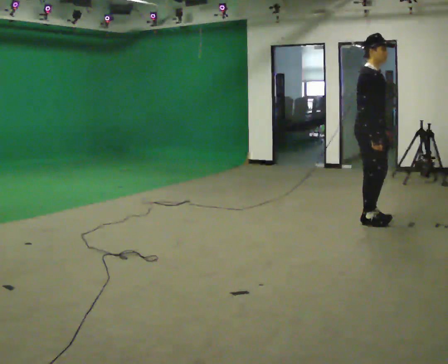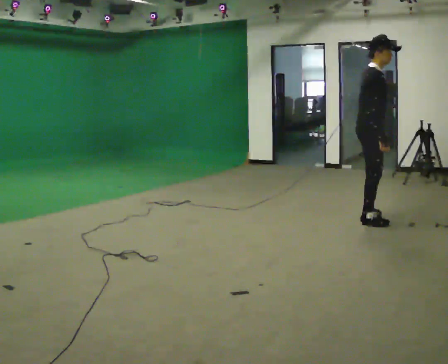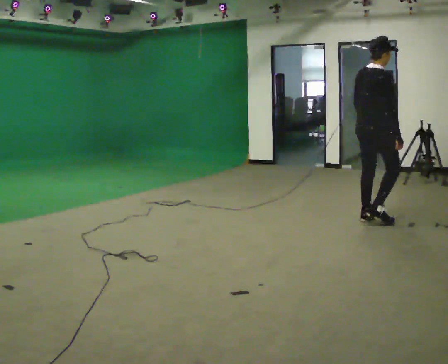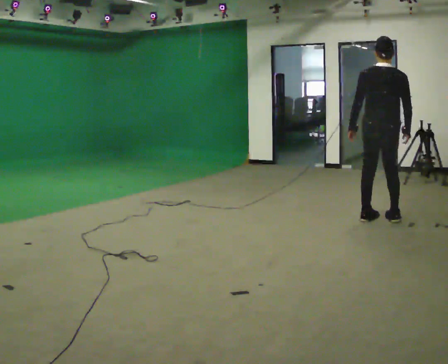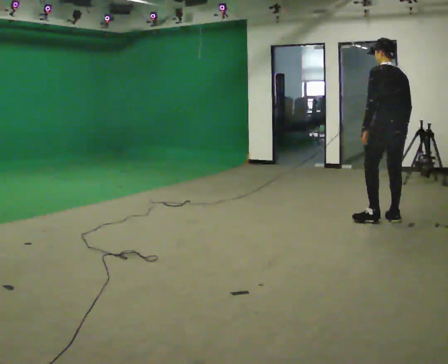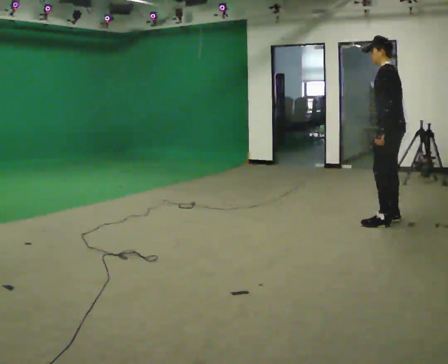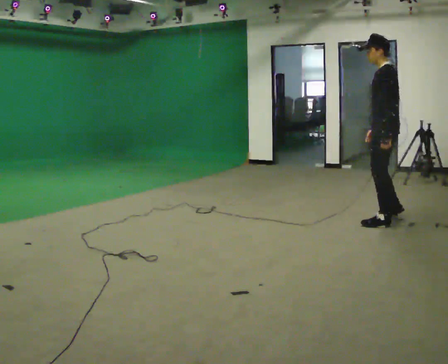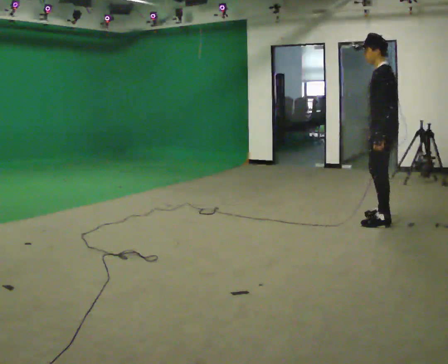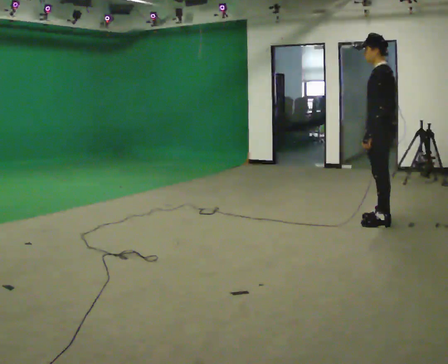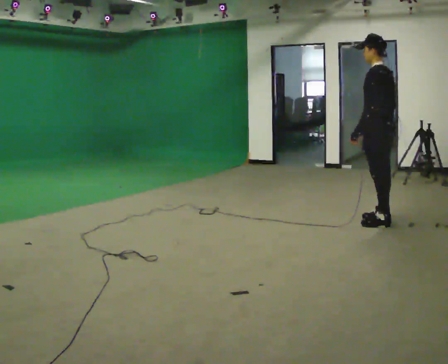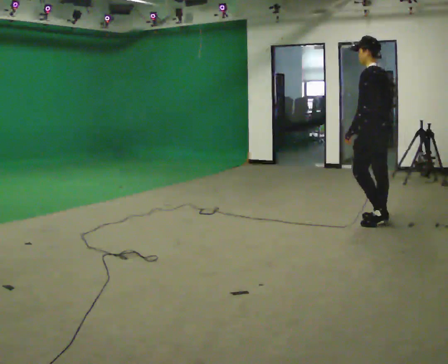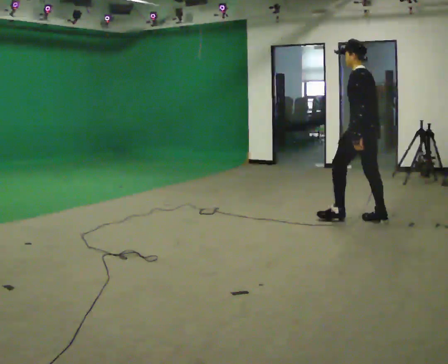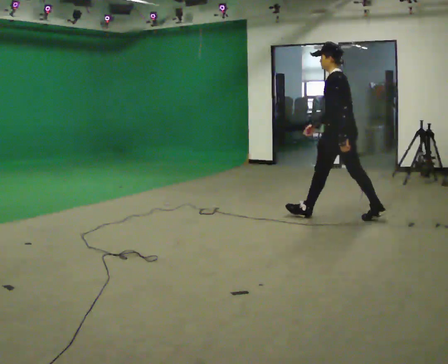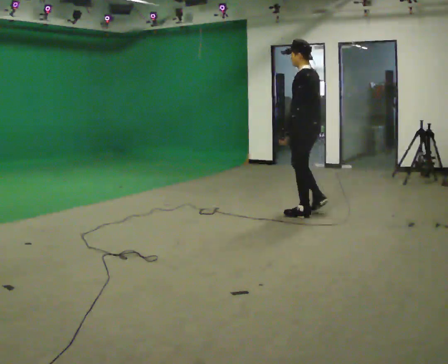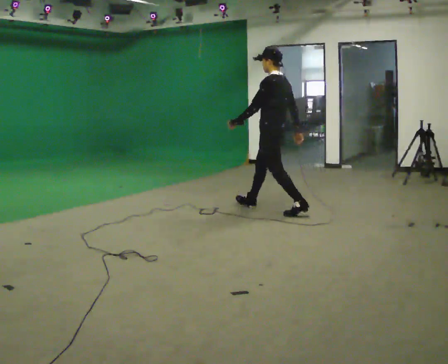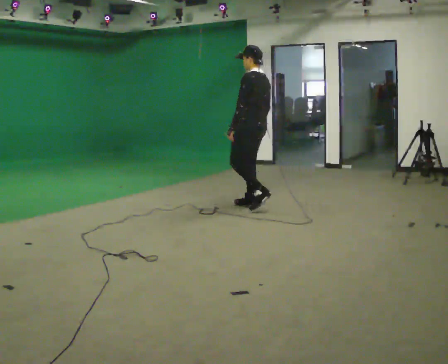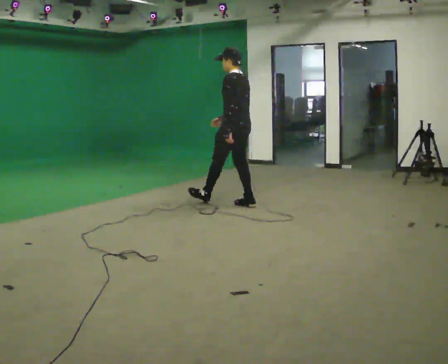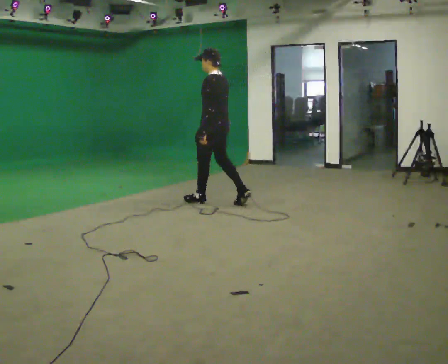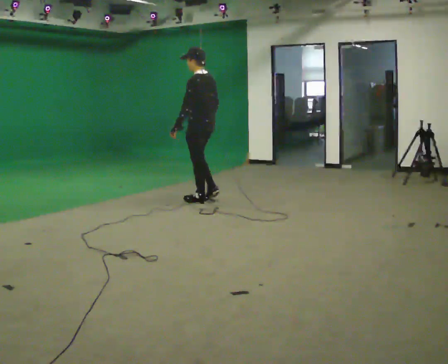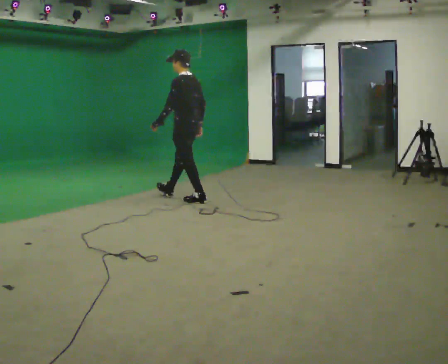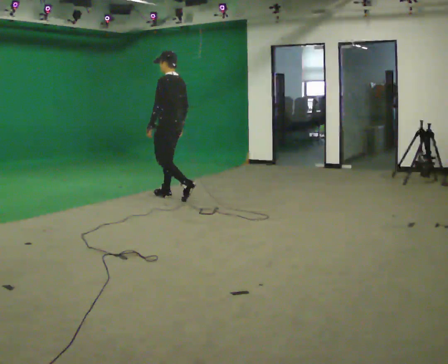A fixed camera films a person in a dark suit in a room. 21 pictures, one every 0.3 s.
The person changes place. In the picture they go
to the left.
0.0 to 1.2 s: Seen from above the body turns counterclockwise, about 135 degrees: to their left, with its near side sliding to the right. In the picture they go to the right, about 0.25 m in 1 step.
1.2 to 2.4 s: The person turns about 45 degrees to their left, counterclockwise seen from above, so the part of the body nearest the lens slides to the right.
2.4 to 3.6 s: In the picture they go to the left and away from the camera, about 0.5 m in 1 step, which for them is forward.
3.6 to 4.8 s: In the picture they go to the left, about 1 m in 1 step, which for them is forward.
4.8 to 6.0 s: In the picture they go to the left, about 1 m in 2 steps, which for them is forward.
The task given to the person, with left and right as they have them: Start at normal speed; gradually slow over several steps; stop gently.
The film runs forward here.
